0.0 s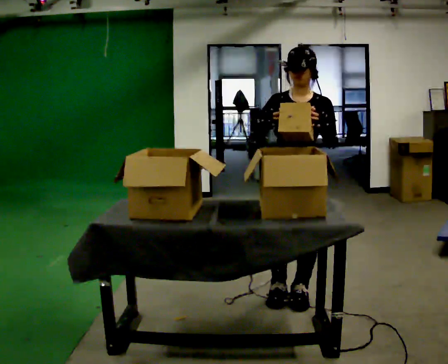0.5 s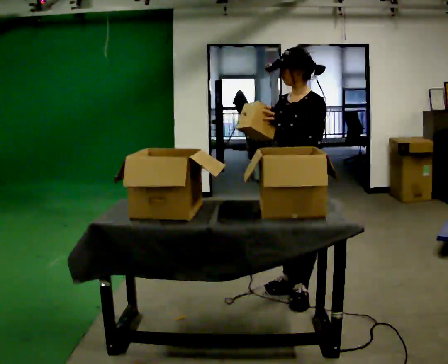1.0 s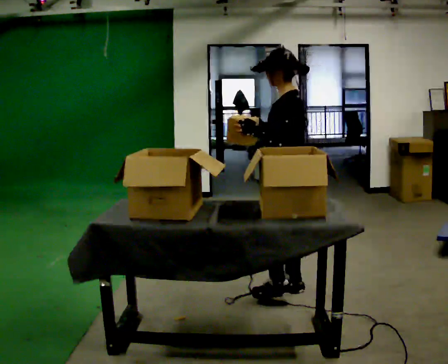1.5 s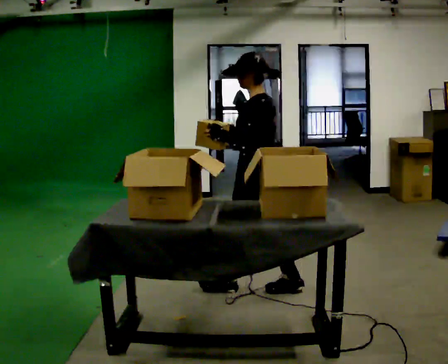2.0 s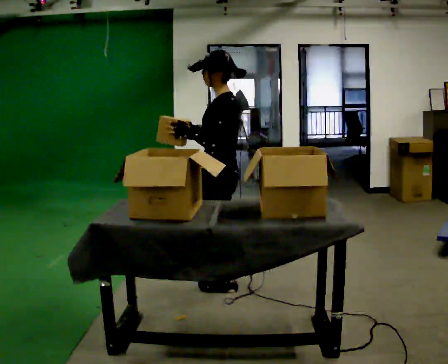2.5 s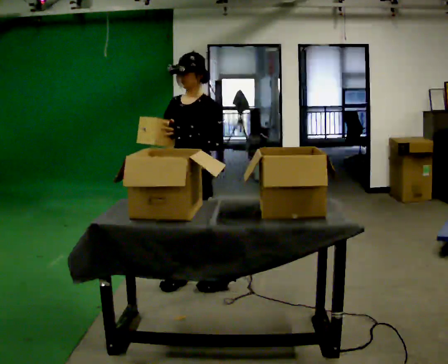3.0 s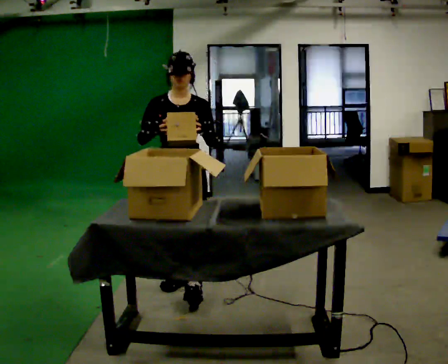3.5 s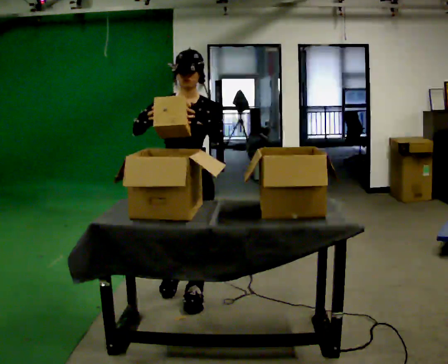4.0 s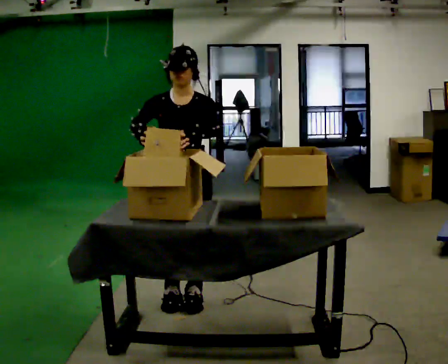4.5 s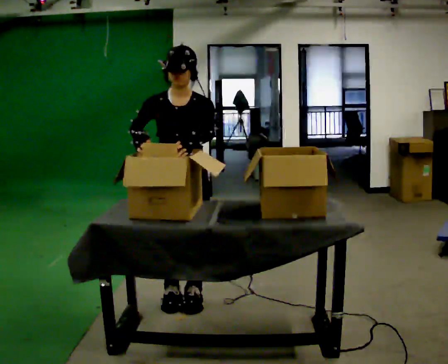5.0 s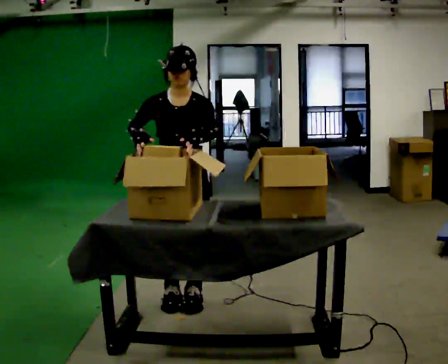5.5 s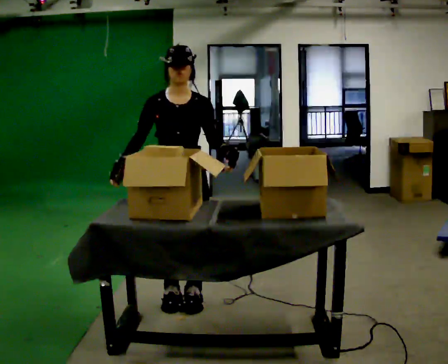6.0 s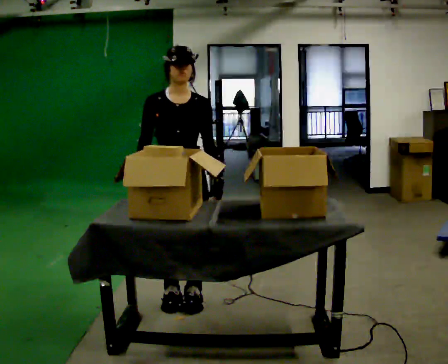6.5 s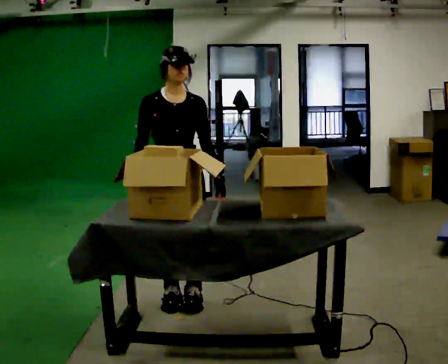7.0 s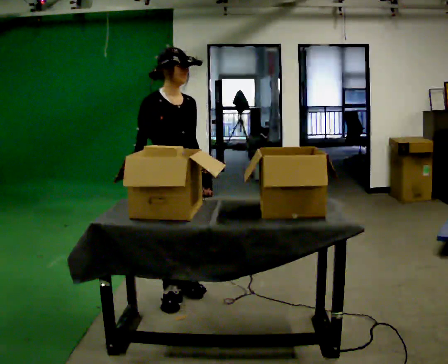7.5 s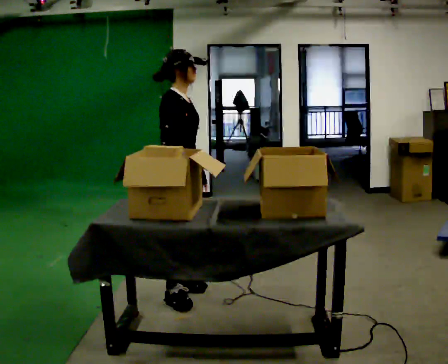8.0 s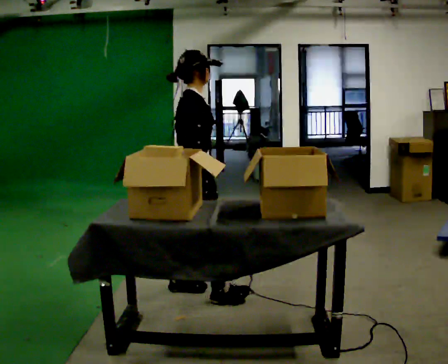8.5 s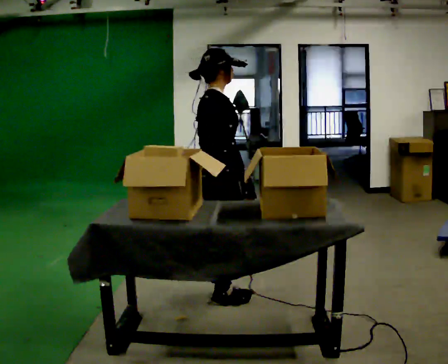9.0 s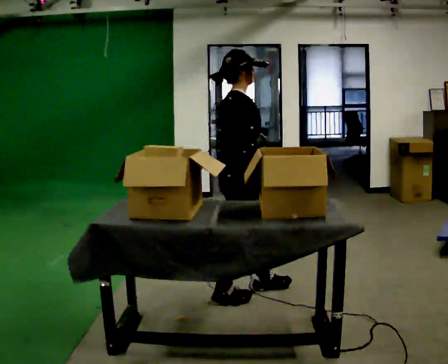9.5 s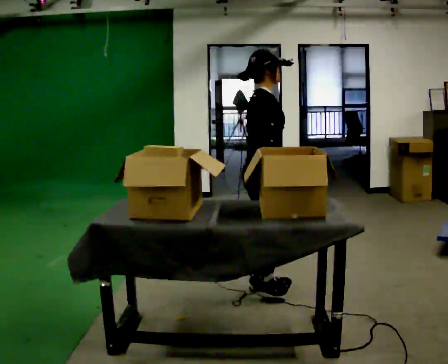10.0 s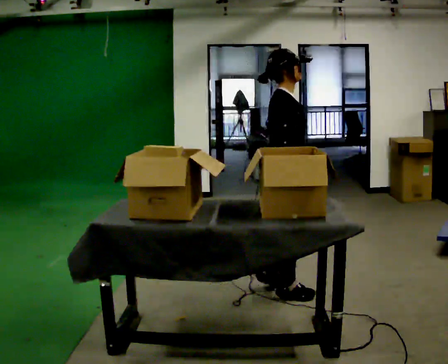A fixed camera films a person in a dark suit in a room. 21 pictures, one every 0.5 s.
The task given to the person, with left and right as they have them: Move the items from one container to the other one at a time, then move them back. Repeat at your own pace until the operator says stop. Keep both feet on the marked spots for the whole take. If you have to step, stop and tell the operator.
0.0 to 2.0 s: The part of the body nearest the lens slides to the left as the person turns to their right by about 75 degrees. In the picture they go to the left, about 0.5 m in 2 steps.
2.0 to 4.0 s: The person turns about 90 degrees to their left, counterclockwise seen from above, so the part of the body nearest the lens slides to the right. In the picture they go to the left and toward the camera, about 0.25 m in 3 steps.
4.0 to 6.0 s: The person moves a little, or ends about where they began.
6.0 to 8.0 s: Seen from above the body turns counterclockwise, about 105 degrees: to their left, with its near side sliding to the right. In the picture their right hand goes to the right, the arm swinging counterclockwise.
8.0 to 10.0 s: Seen from above the body turns clockwise, about 30 degrees: to their right, with its near side sliding to the left. In the picture they go to the right, about 0.5 m in 2 steps, which for them is forward.
The film runs forward here.
